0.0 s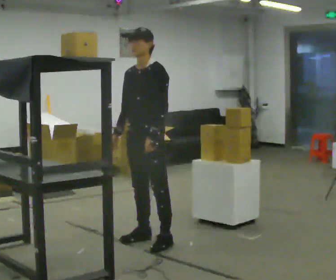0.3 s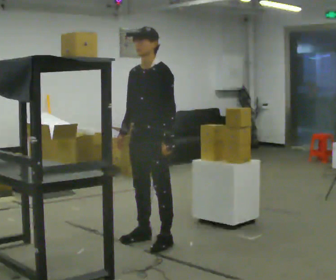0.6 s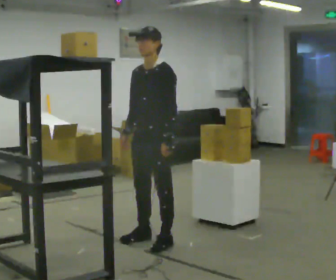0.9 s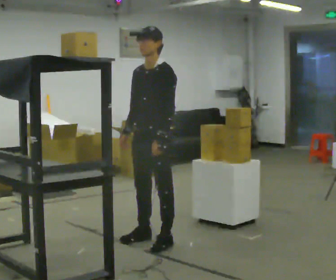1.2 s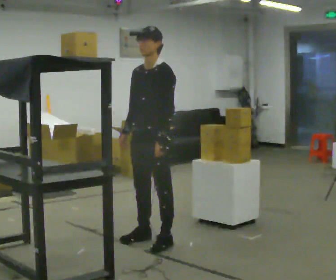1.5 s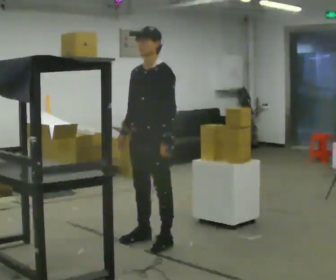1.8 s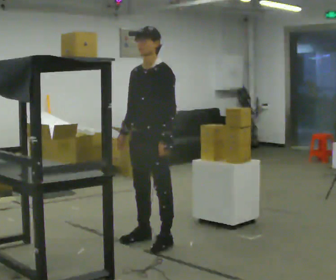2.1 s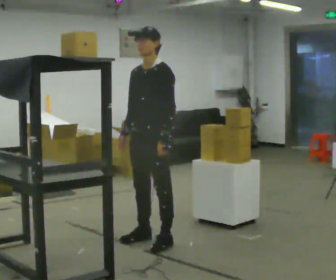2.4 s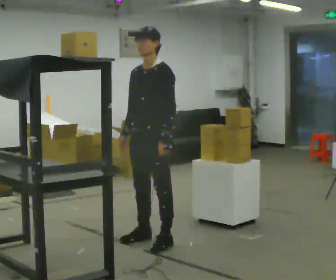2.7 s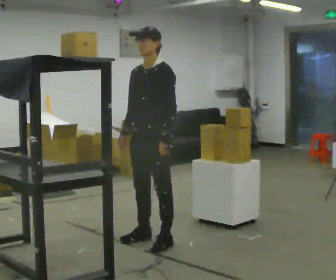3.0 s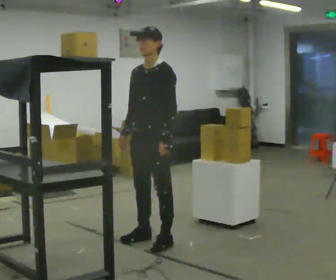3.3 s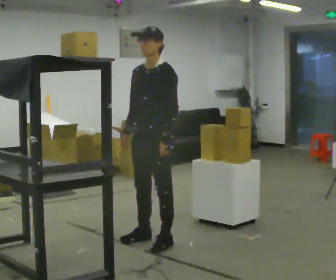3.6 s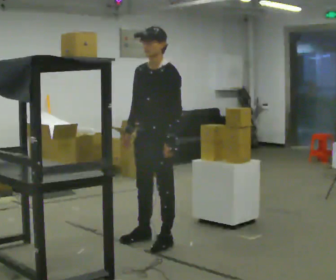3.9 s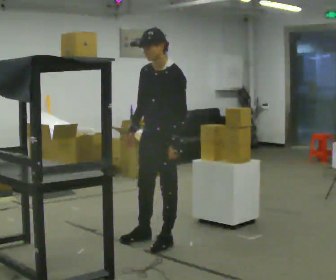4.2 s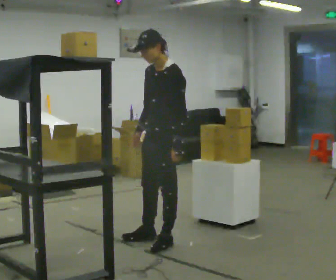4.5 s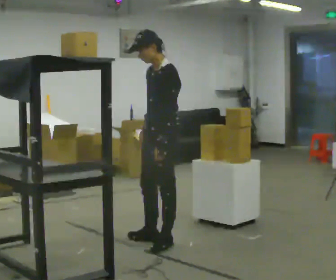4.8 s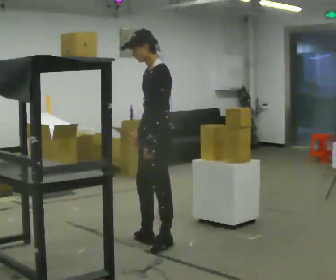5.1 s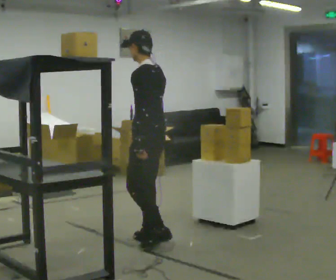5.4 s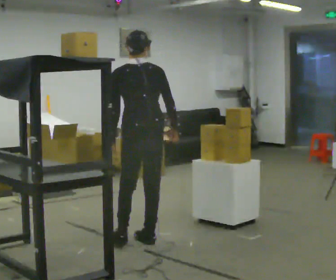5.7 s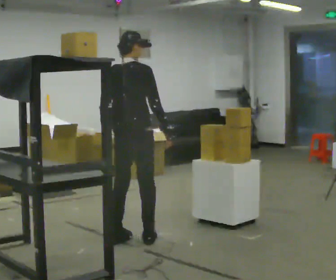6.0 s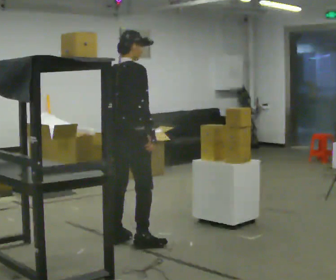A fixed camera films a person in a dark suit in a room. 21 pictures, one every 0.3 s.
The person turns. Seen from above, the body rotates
clockwise.
The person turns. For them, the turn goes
to their right.
0.0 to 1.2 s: The person moves a little, or ends about where they began.
1.2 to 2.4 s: The person keeps their place and pose.
2.4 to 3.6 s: The person moves a little, or ends about where they began.
3.6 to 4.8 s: The person turns about 45 degrees to their right, clockwise seen from above, so the part of the body nearest the lens slides to the left.
4.8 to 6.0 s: The person turns about 150 degrees to their right, clockwise seen from above, so the part of the body nearest the lens slides to the left. In the picture they go to the left, about 0.25 m in 1 step.
The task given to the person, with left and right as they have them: Reach up into the bin on the top shelf, take out one object at a time, and carry it to the table. Keep going until the operator says stop; one object at a time, and do not rush between trips.
The film runs forward here.
